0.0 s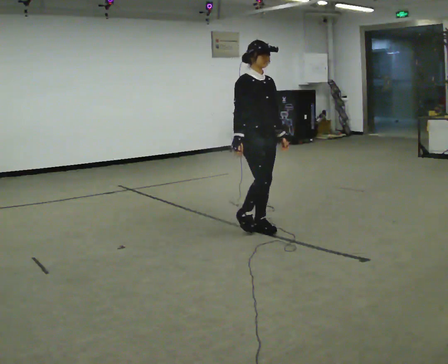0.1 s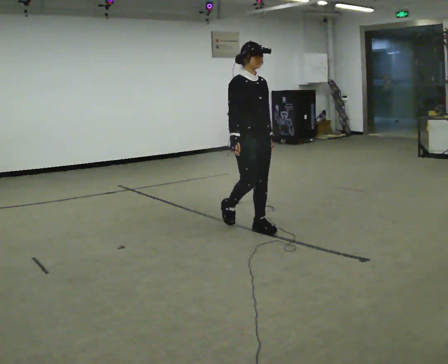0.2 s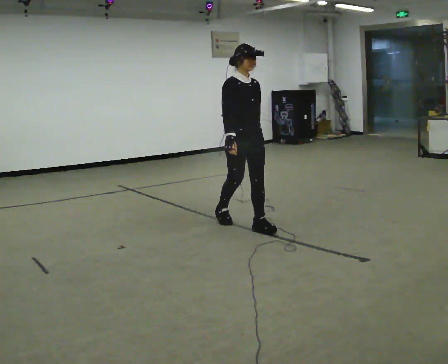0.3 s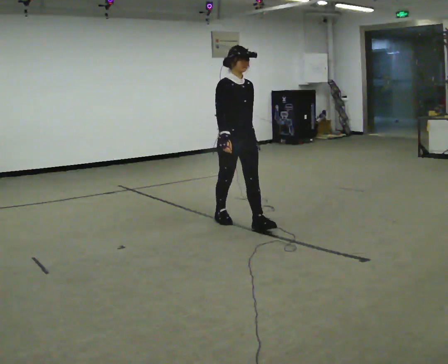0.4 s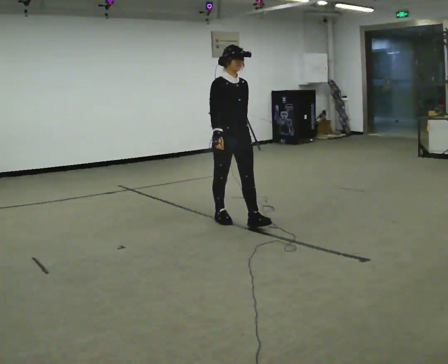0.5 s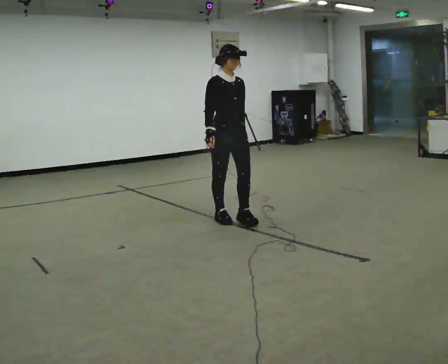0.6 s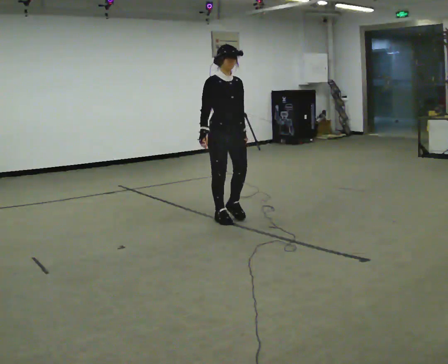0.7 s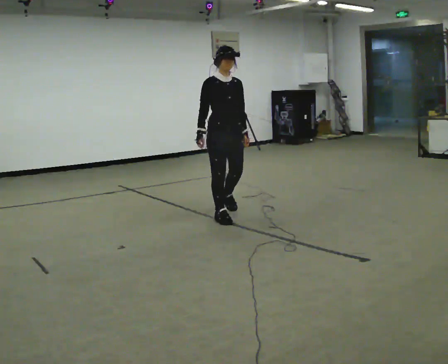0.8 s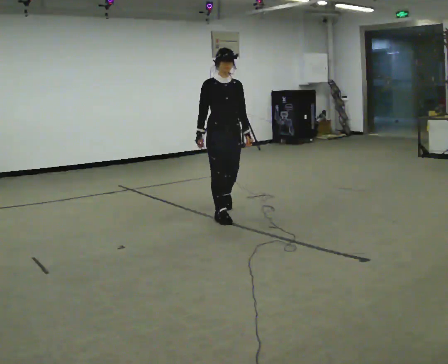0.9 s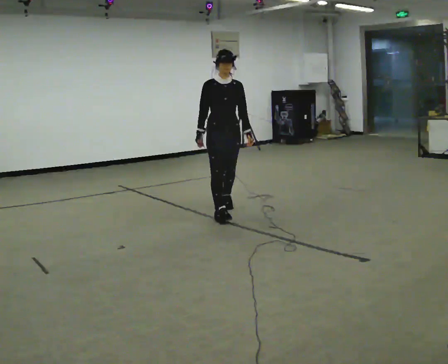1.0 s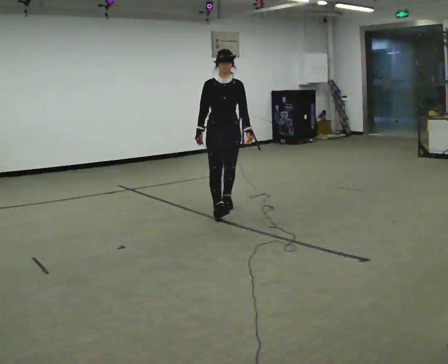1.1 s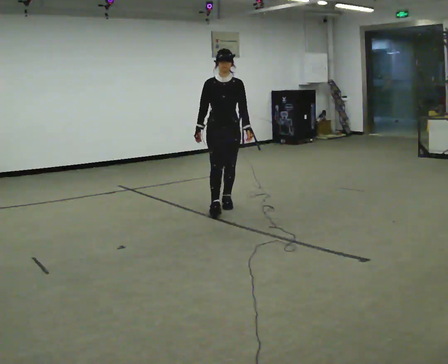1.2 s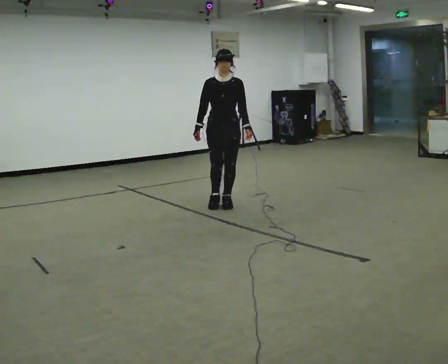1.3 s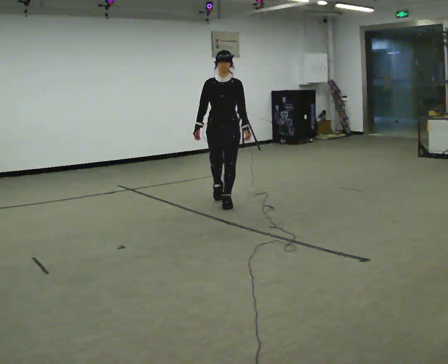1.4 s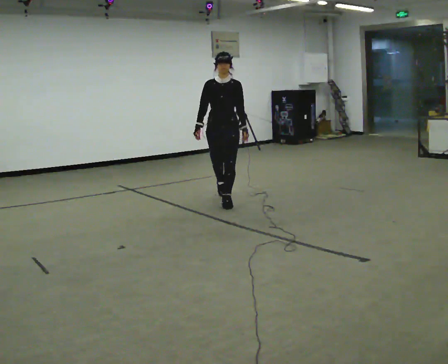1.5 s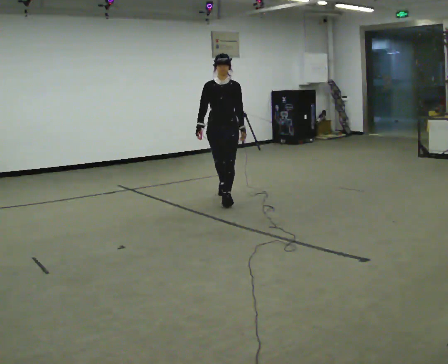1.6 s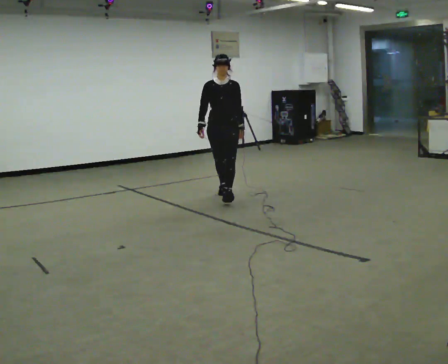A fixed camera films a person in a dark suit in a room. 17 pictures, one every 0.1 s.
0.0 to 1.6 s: Seen from above the body turns clockwise, about 45 degrees: to their right, with its near side sliding to the left. In the picture they go away from the camera, about 1.5 m in 3 steps, which for them is backward.
The film runs backward here.
